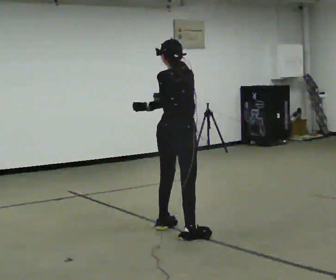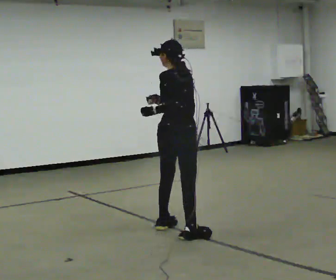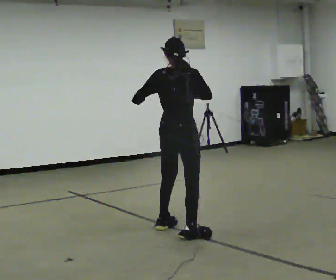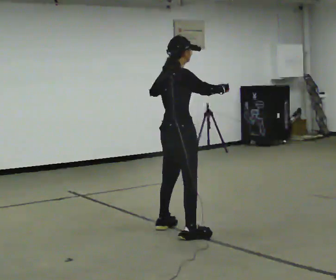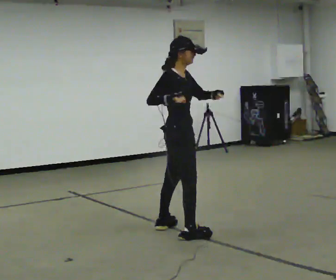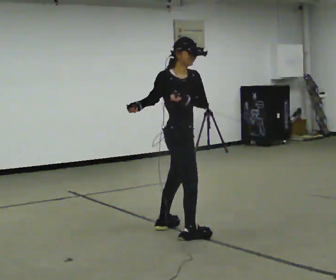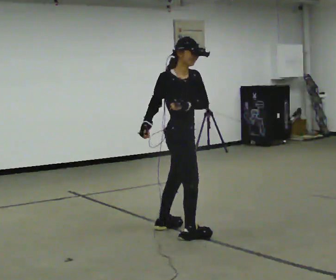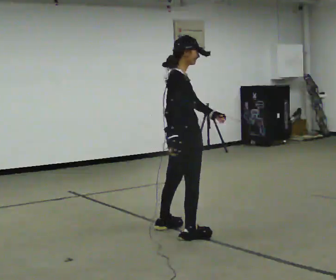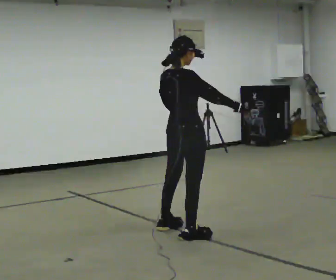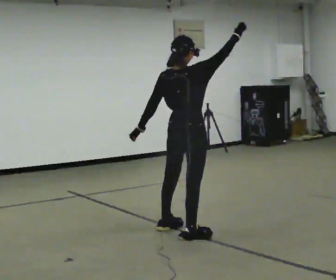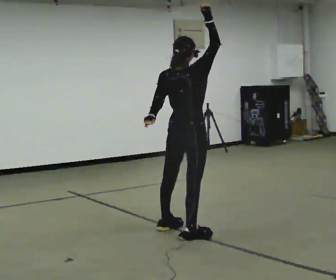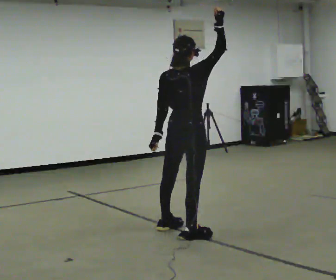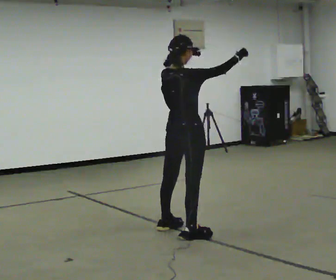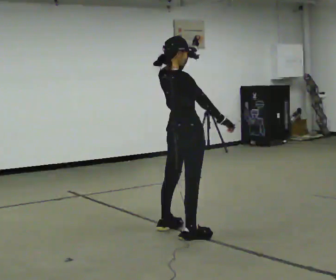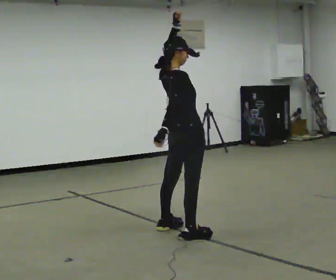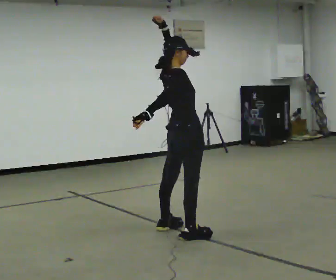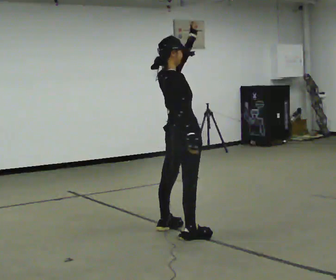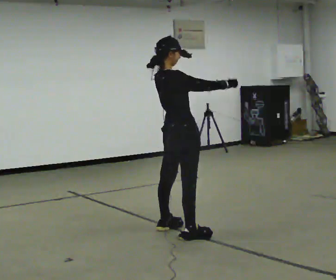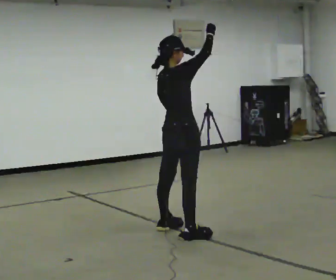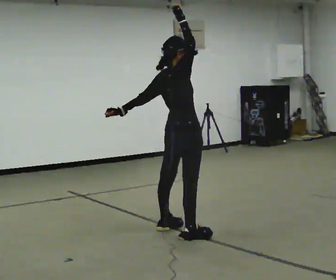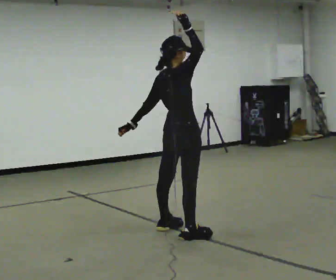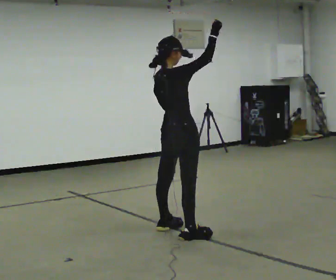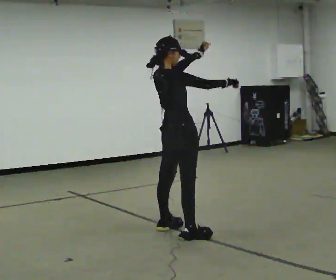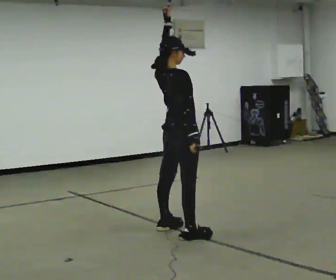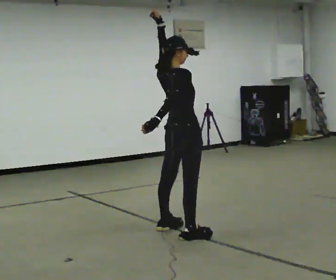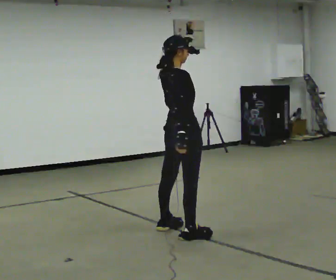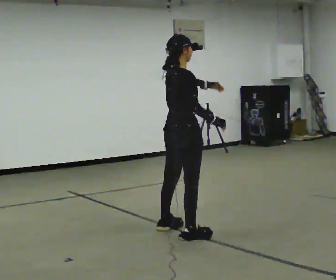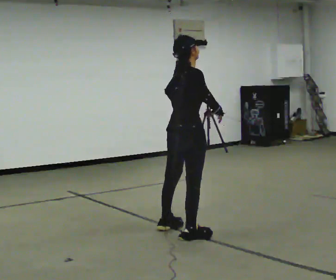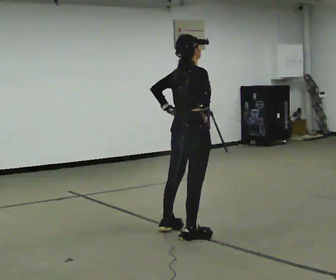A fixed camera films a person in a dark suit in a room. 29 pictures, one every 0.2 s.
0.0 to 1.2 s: The part of the body nearest the lens slides to the left as the person turns to their right by about 120 degrees.
1.2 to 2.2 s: The person turns about 75 degrees to their left, counterclockwise seen from above, so the part of the body nearest the lens slides to the right. In the picture their right hand goes upward and to the right, the arm swinging counterclockwise.
2.2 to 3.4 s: The part of the body nearest the lens slides to the left as the person turns to their right by about 30 degrees. In the picture their left hand goes to the right and upward.
3.4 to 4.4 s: In the picture their left hand goes upward.
4.4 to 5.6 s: In the picture the upper body tilts clockwise, shoulders to the right, as they bend forward. In the picture their left hand goes downward.
The film runs forward here.
